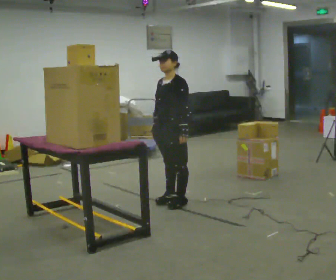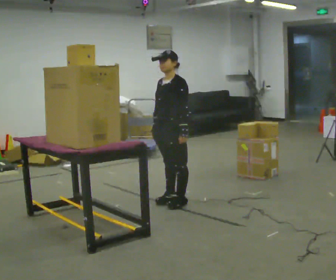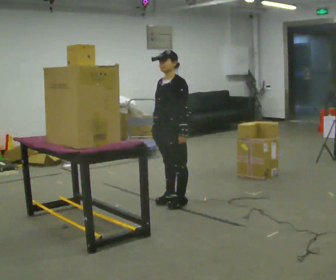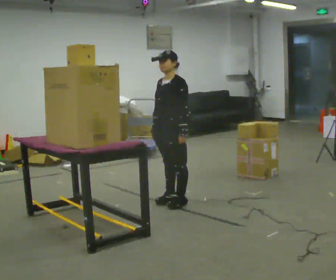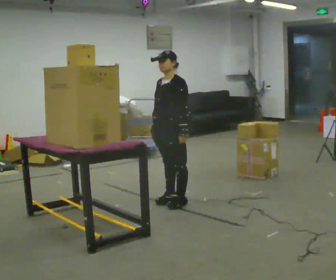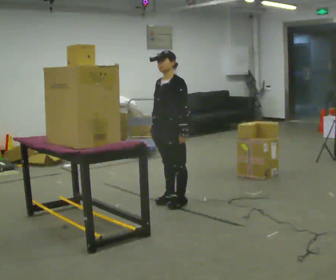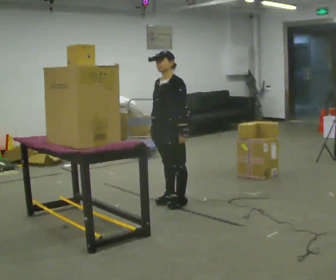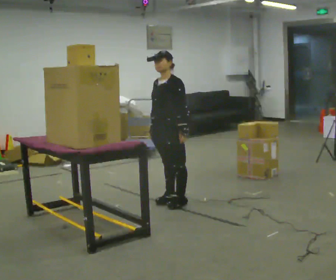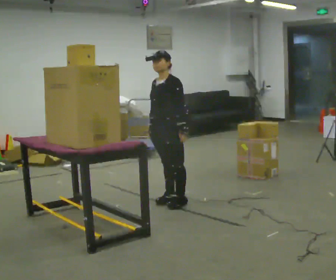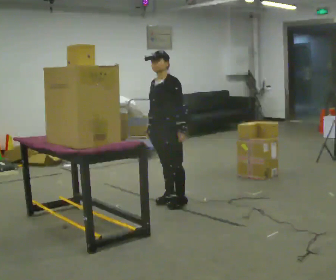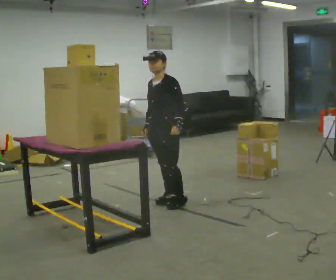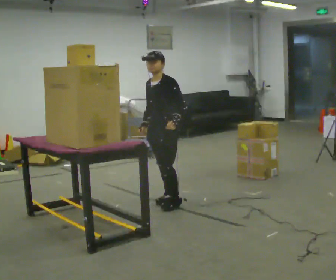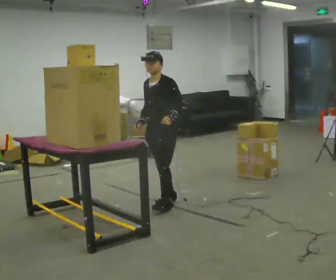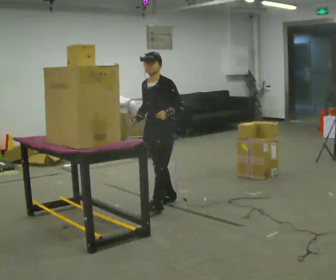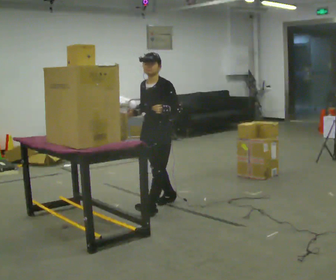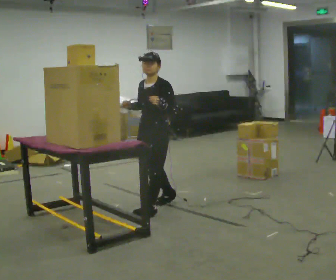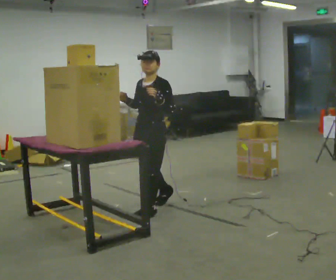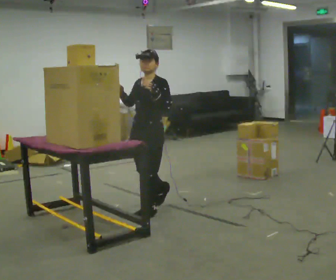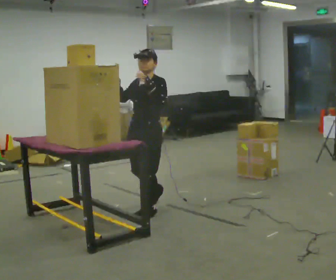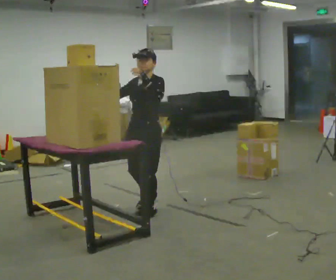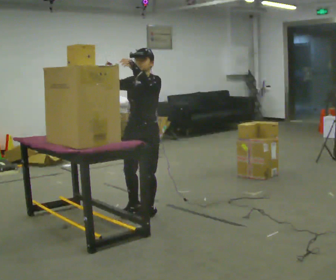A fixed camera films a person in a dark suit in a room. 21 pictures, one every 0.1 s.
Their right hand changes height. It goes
upward.
Their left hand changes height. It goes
upward.
0.0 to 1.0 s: The person moves a little, or ends about where they began.
1.0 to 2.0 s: In the picture they go toward the camera and to the left, about 0.5 m in 2 steps, which for them is forward. In the picture their right hand goes upward.
The film runs backward here.
